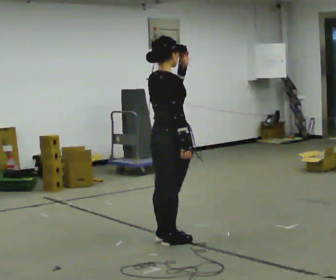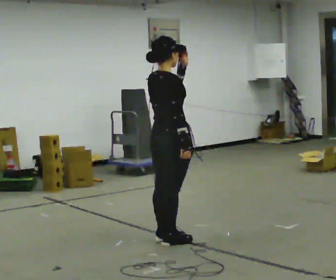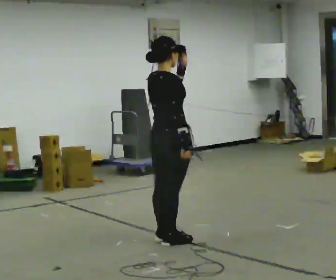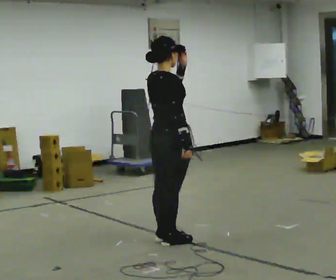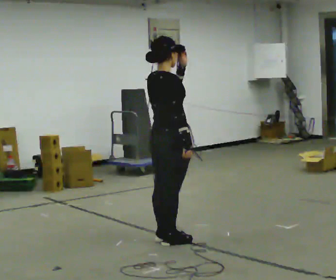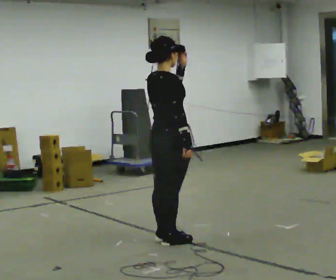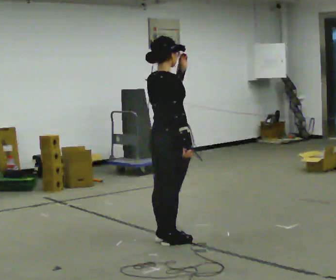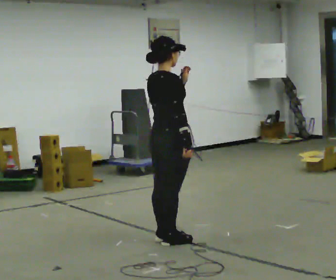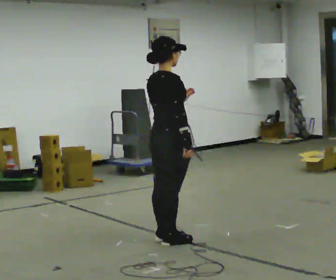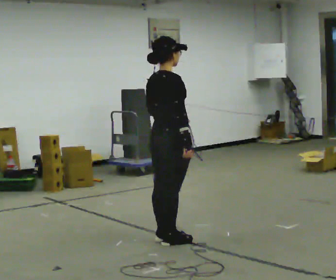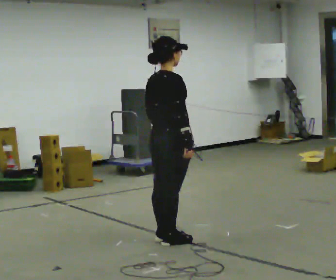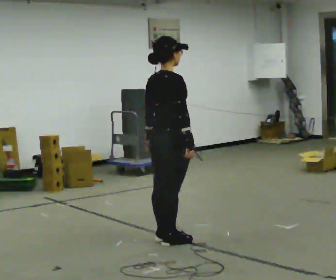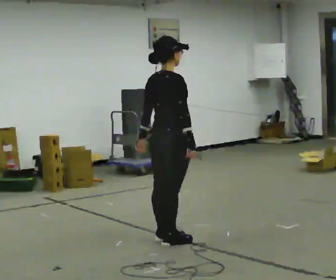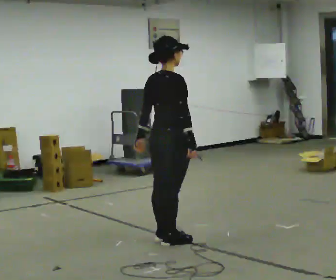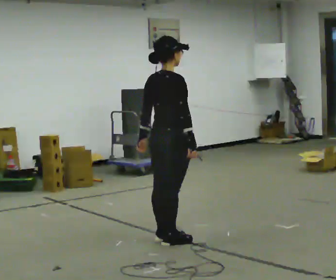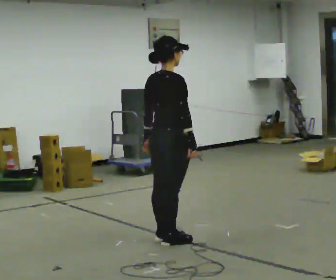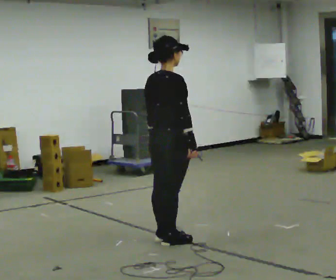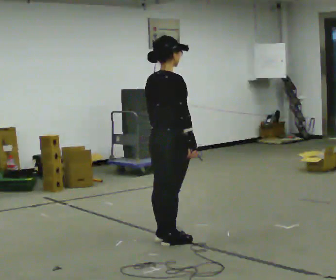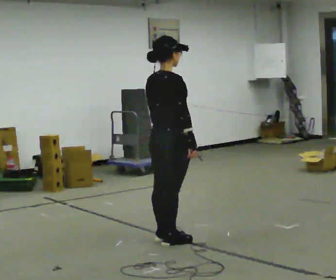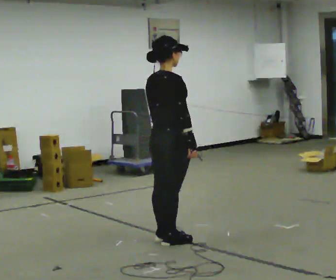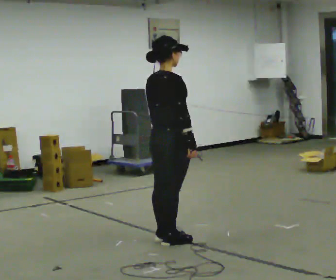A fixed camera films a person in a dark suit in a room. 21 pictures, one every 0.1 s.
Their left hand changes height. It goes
downward.
0.0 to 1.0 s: In the picture their left hand goes downward.
1.0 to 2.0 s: The person moves a little, or ends about where they began.
The film runs forward here.
